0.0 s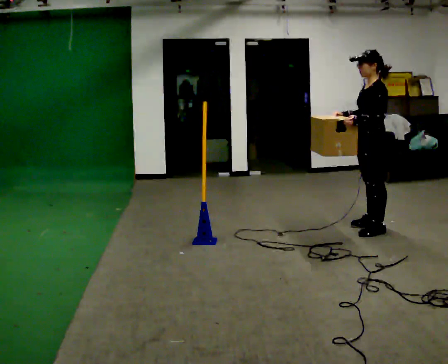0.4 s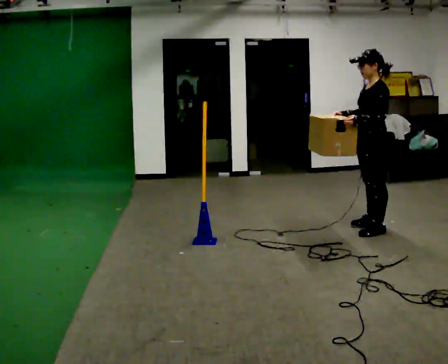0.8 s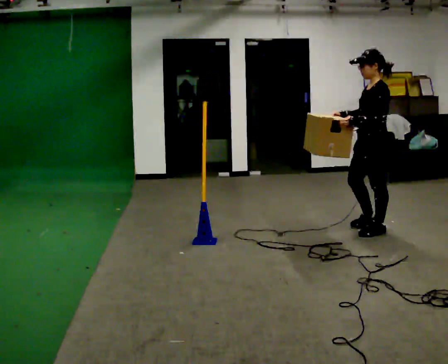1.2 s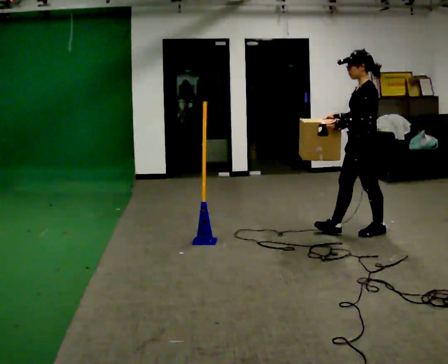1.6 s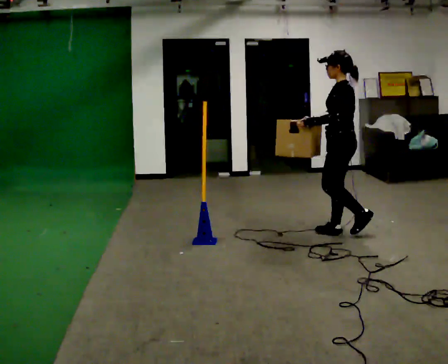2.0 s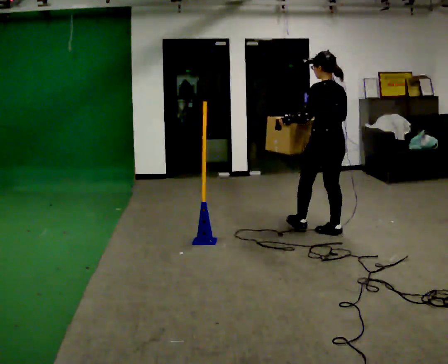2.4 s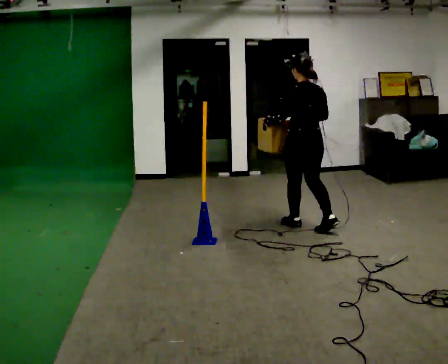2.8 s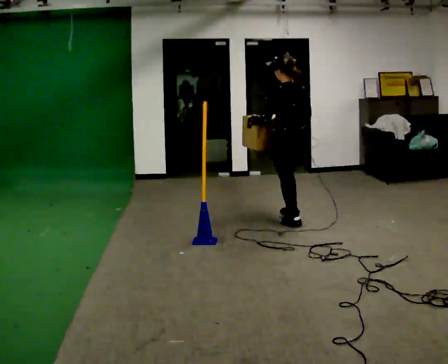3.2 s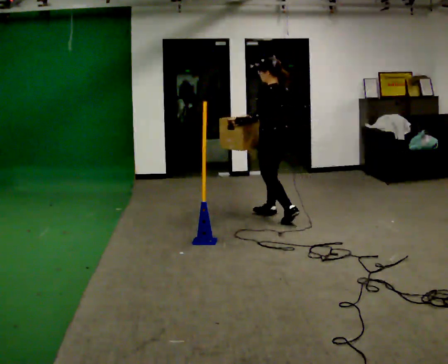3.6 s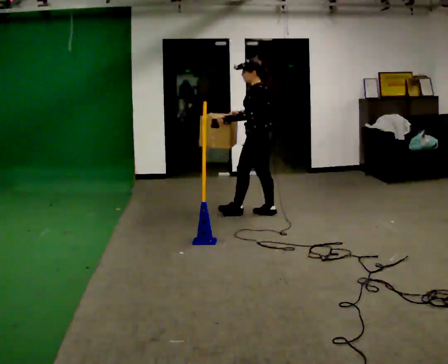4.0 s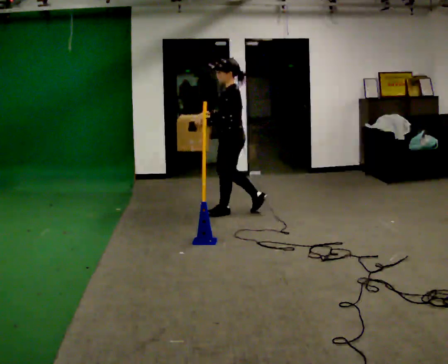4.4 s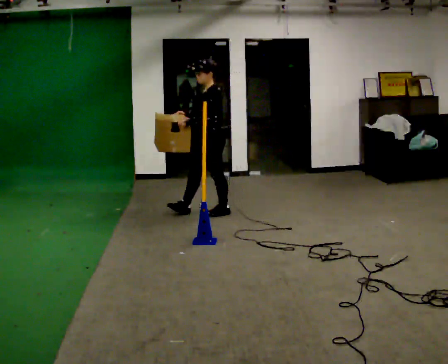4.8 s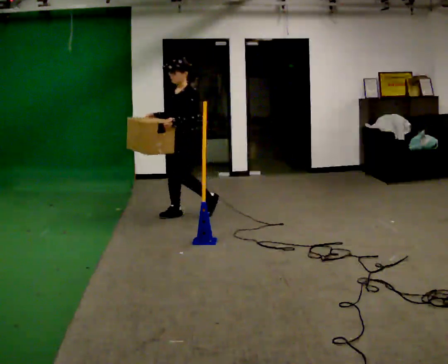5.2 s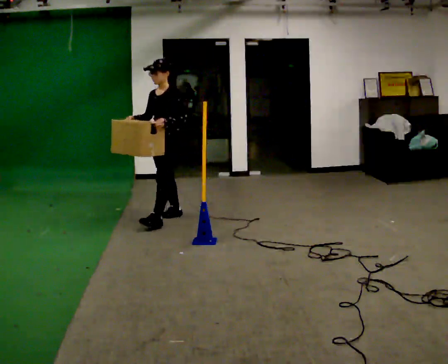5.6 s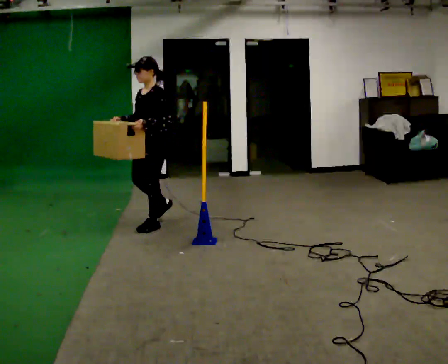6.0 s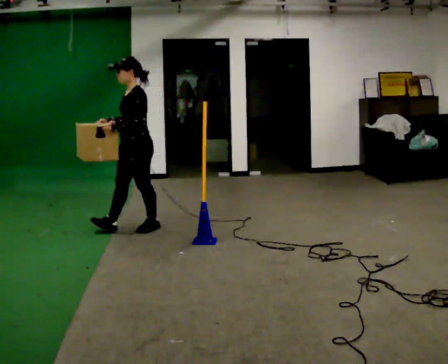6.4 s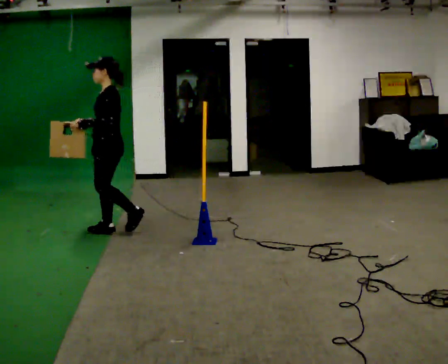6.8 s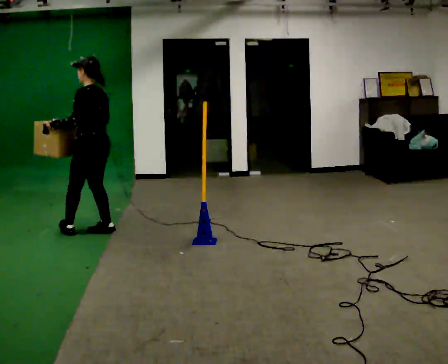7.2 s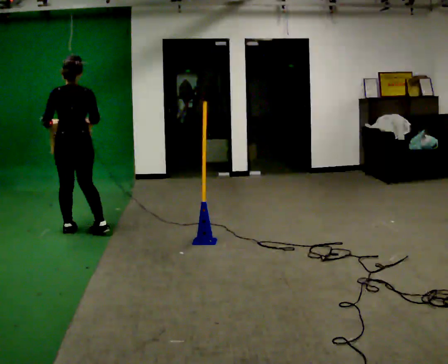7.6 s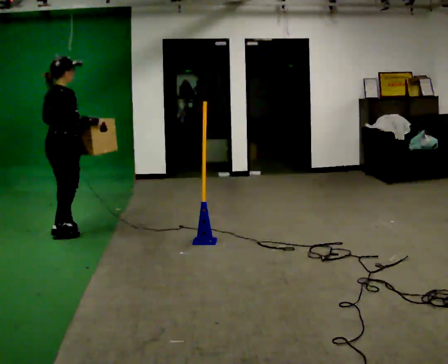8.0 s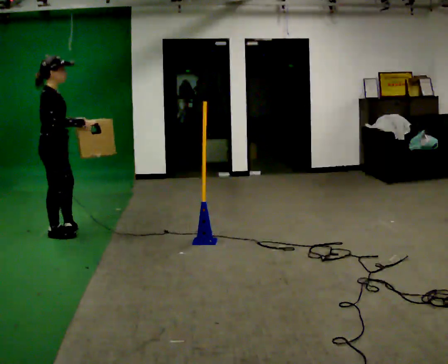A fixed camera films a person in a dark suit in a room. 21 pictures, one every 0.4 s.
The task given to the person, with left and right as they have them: Carry the box across the room. The operator will step into your path partway across, so go around them and carry on. Keep going until the operator says stop; one object at a time, and do not rush between trips.
0.0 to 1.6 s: The person turns about 30 degrees to their right, clockwise seen from above, so the part of the body nearest the lens slides to the left. In the picture they go to the left, about 0.25 m in 1 step, which for them is forward.
1.6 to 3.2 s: In the picture they go away from the camera and to the left, about 1 m in 2 steps, which for them is forward.
3.2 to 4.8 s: The person turns about 75 degrees to their left, counterclockwise seen from above, so the part of the body nearest the lens slides to the right. In the picture they go to the left, about 1 m in 2 steps.
4.8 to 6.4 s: In the picture they go to the left and toward the camera, about 1 m in 2 steps, which for them is forward.
6.4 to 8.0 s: The part of the body nearest the lens slides to the left as the person turns to their right by about 180 degrees. In the picture they go to the left and toward the camera, about 0.5 m in 2 steps.
The film runs forward here.
